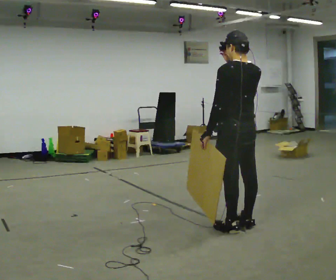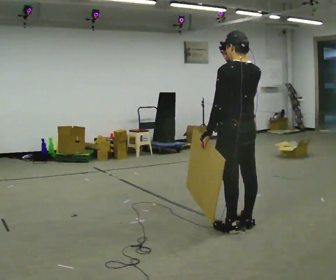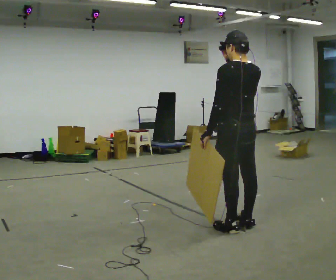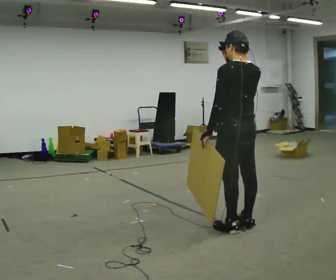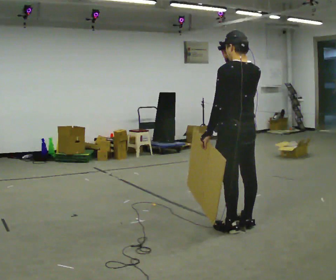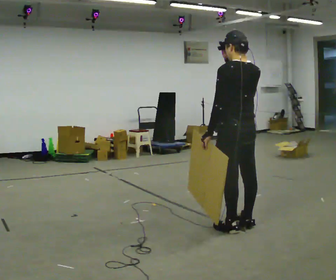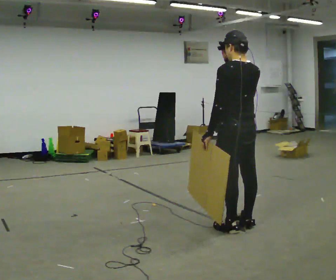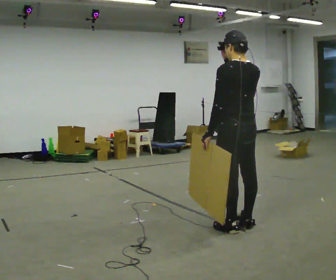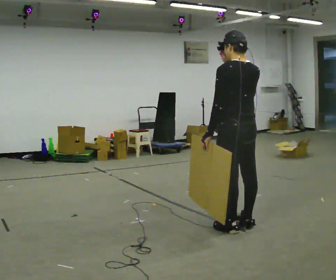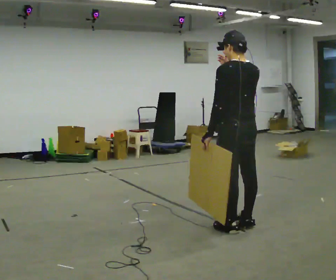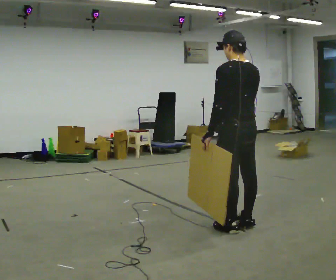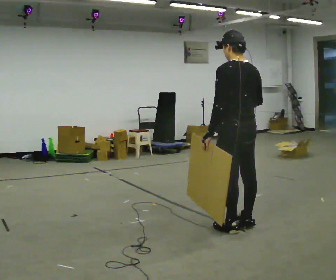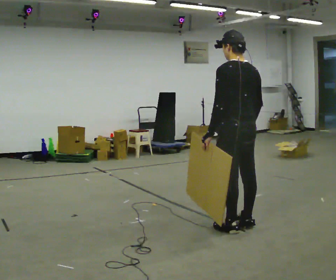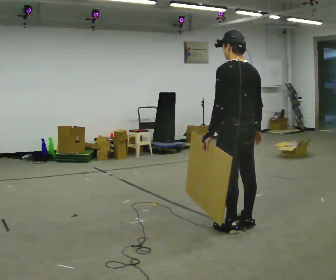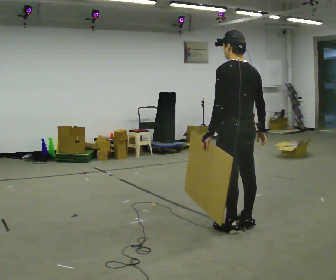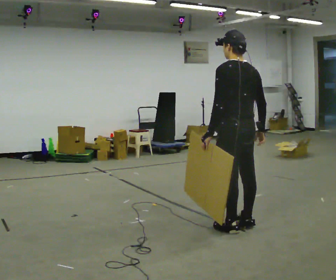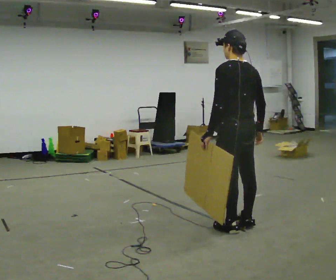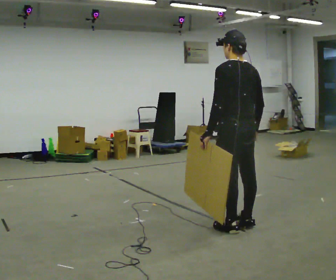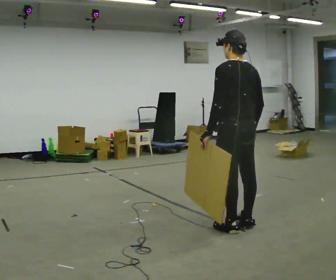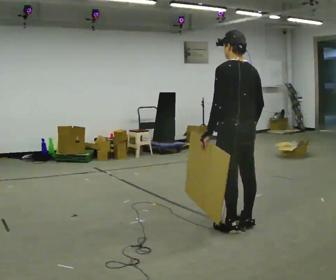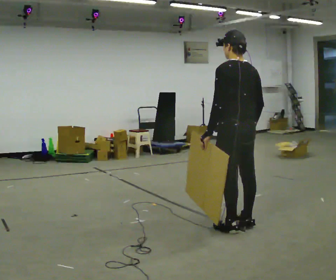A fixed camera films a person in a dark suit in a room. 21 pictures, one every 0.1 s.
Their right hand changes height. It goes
downward.
0.0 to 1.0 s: The person moves a little, or ends about where they began.
1.0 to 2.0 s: In the picture their right hand goes downward.
The film runs forward here.
